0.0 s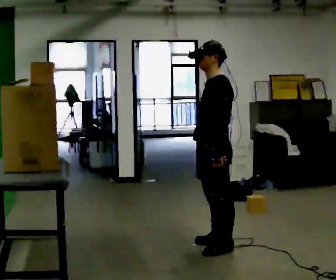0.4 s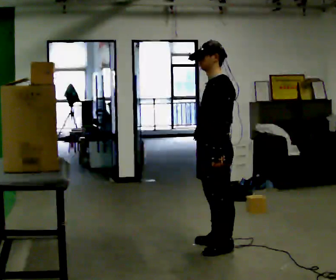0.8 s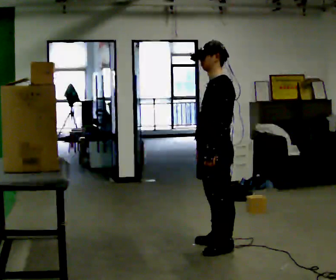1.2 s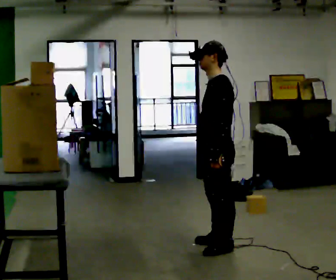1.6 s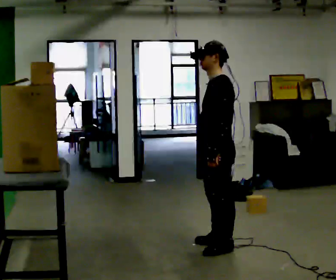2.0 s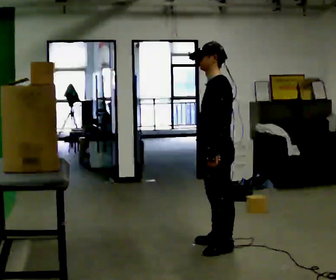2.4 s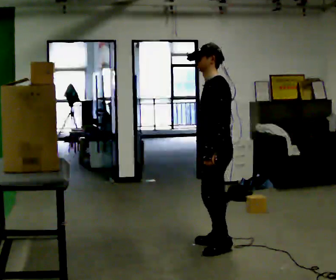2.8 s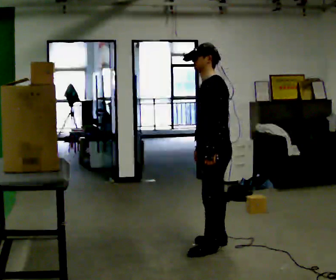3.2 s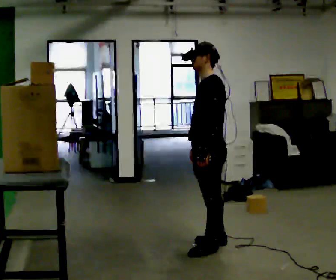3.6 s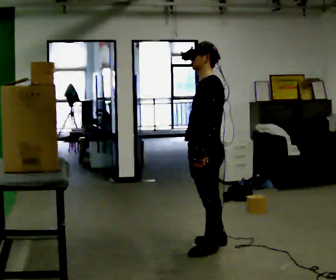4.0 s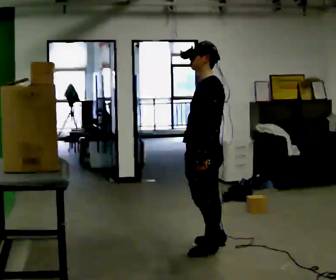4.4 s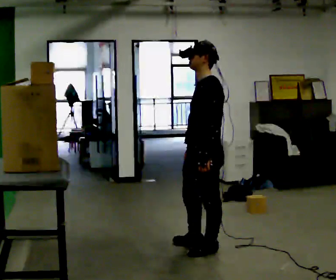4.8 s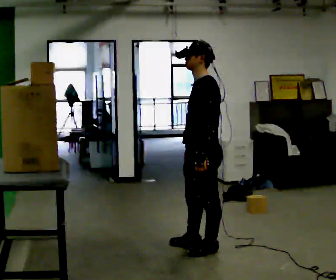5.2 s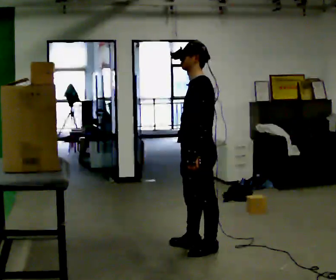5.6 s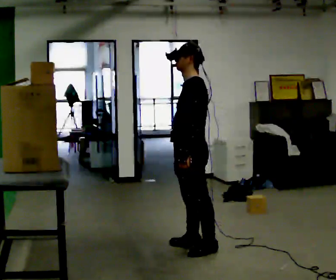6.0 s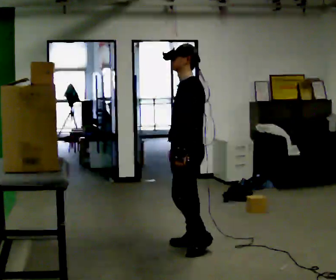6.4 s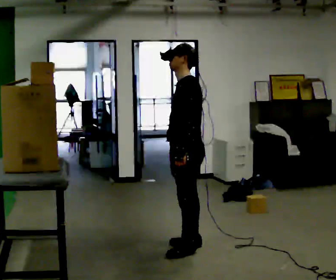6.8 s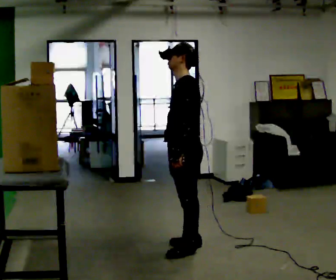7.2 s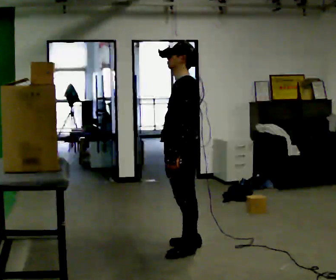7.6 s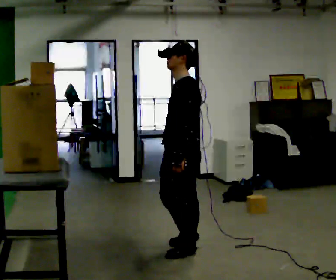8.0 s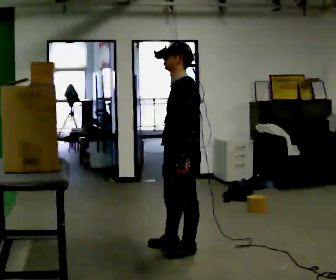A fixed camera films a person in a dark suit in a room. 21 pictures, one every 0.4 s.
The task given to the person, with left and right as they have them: Pick an object up off the floor, carry it across the room, and place it on the highest shelf you can comfortably reach. Keep going until the operator says stop; one object at a time, and do not rush between trips.
0.0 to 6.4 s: In the picture they go to the left, about 0.25 m in 2 steps, which for them is forward.
6.4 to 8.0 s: In the picture they go toward the camera, about 0.25 m in 1 step, which for them is to their left.
The film runs forward here.
